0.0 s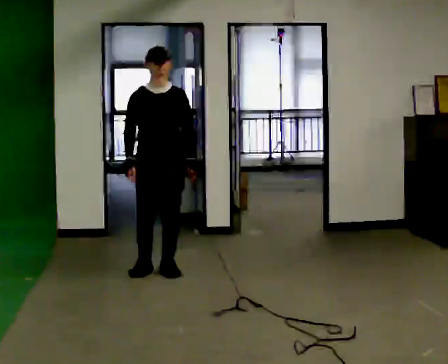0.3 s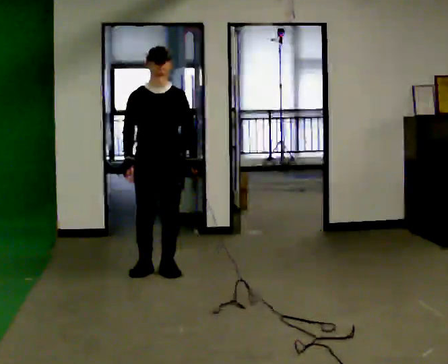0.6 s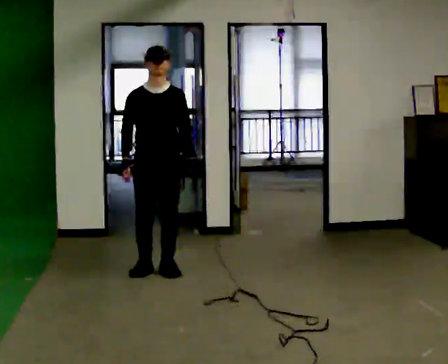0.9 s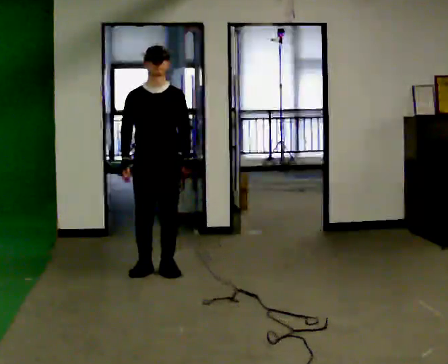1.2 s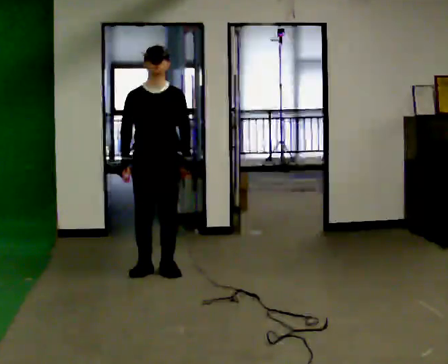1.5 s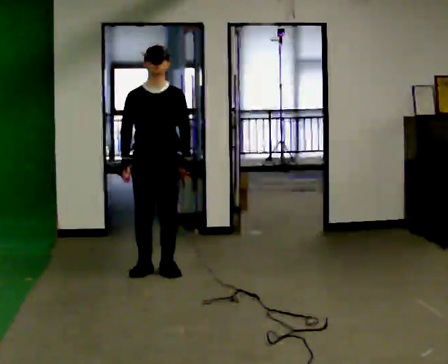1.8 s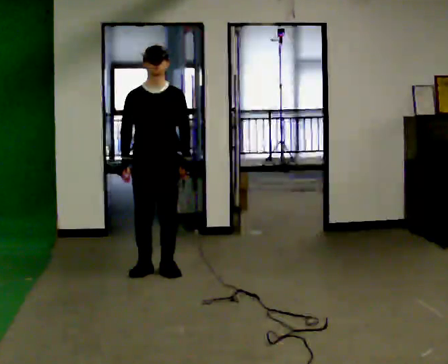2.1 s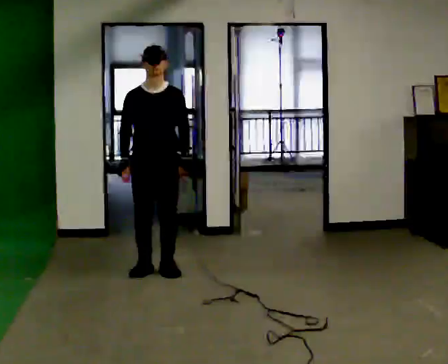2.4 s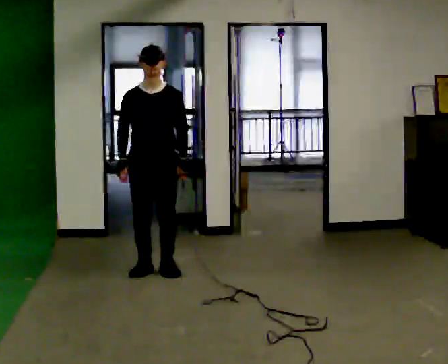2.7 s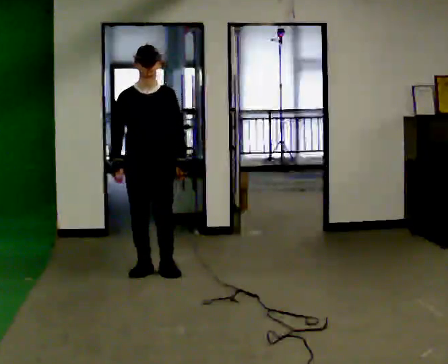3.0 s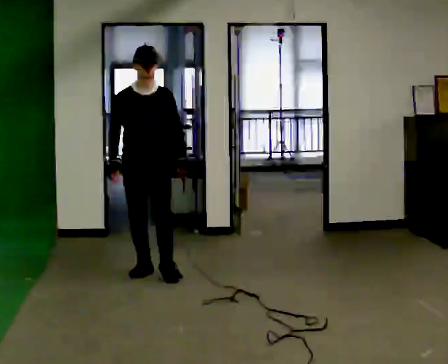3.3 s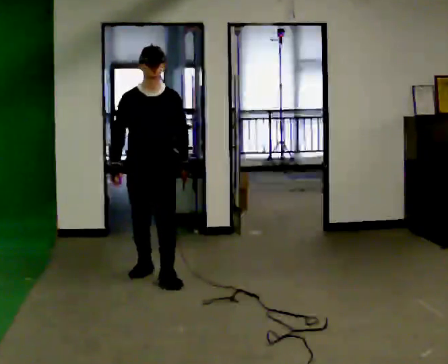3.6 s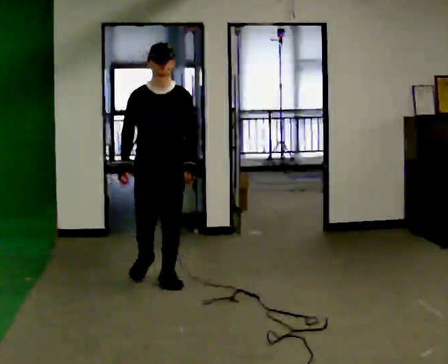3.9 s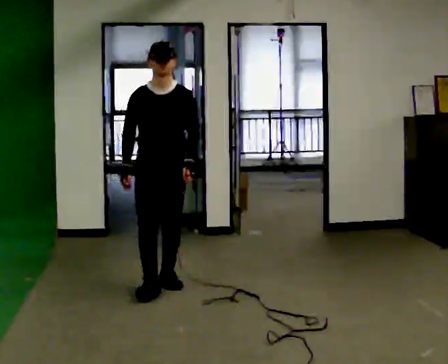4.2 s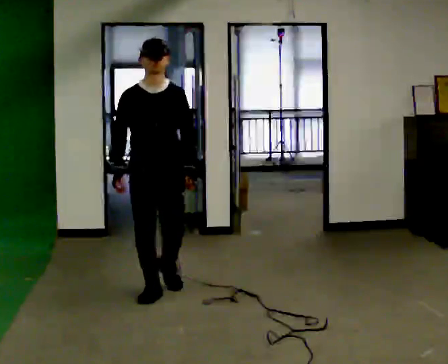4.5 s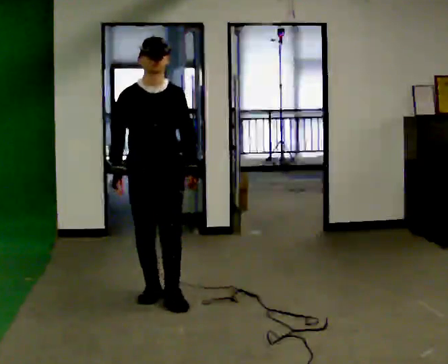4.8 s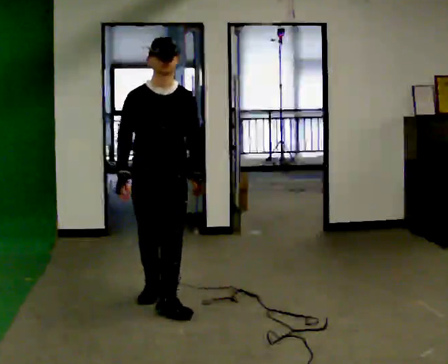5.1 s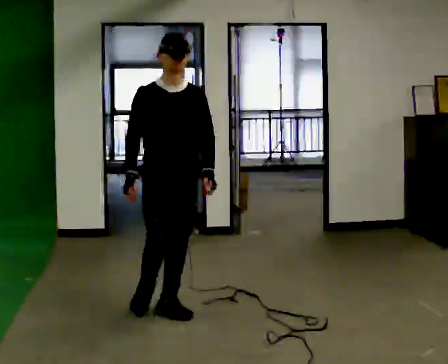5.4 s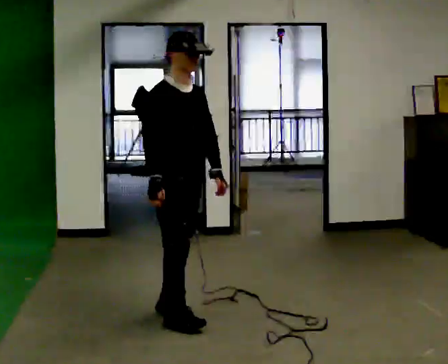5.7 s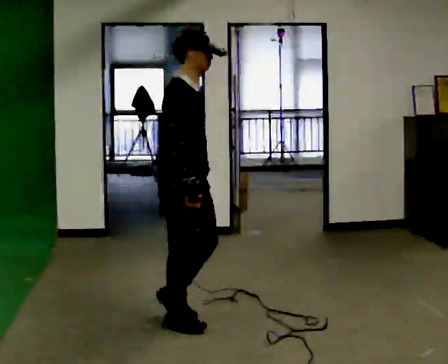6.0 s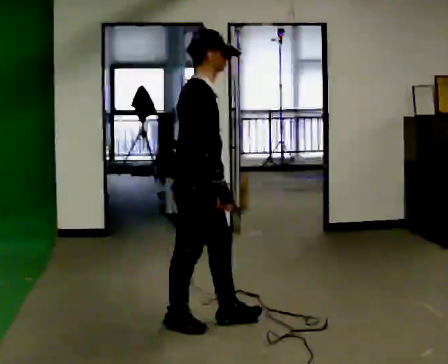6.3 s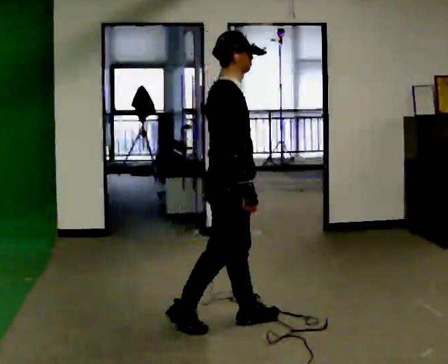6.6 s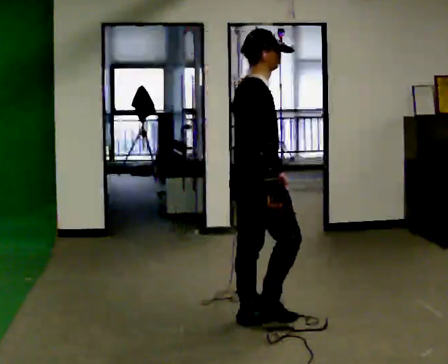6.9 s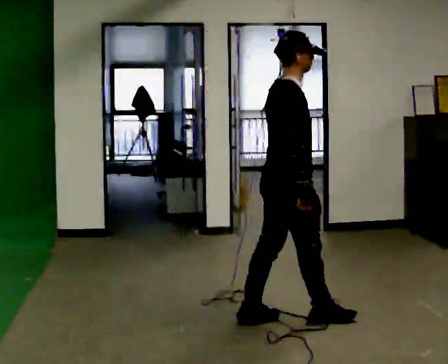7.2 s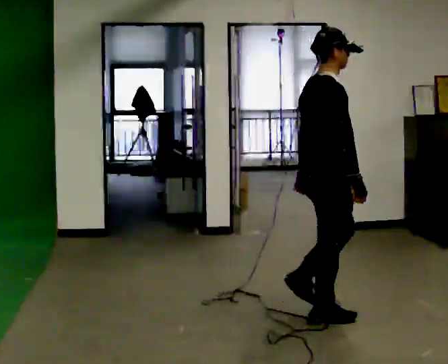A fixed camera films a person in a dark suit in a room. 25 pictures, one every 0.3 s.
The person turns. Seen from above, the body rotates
counterclockwise.
The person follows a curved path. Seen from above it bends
counterclockwise.
0.0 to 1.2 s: The person moves a little, or ends about where they began.
1.2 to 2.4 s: The person keeps their place and pose.
2.4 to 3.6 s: In the picture they go toward the camera, about 0.25 m in 1 step, which for them is forward.
3.6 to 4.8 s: In the picture they go toward the camera, about 0.75 m in 2 steps, which for them is forward.
4.8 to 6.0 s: Seen from above the body turns counterclockwise, about 75 degrees: to their left, with its near side sliding to the right. In the picture they go toward the camera and to the right, about 0.5 m in 1 step.
6.0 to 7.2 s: In the picture they go to the right, about 0.5 m in 2 steps, which for them is forward.
The film runs forward here.
